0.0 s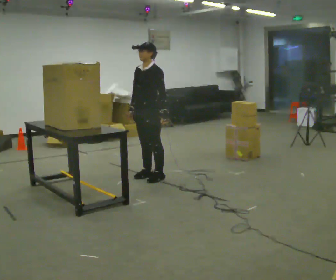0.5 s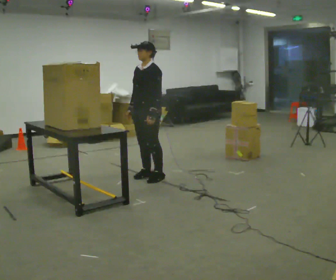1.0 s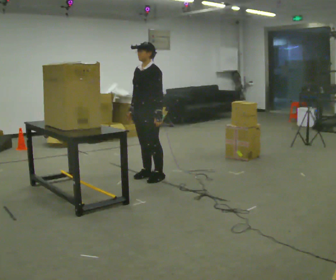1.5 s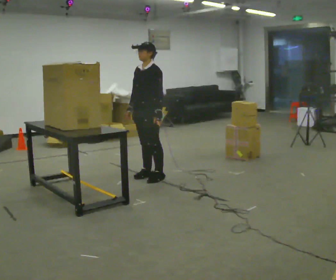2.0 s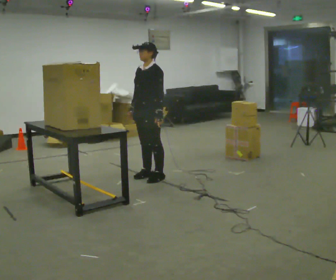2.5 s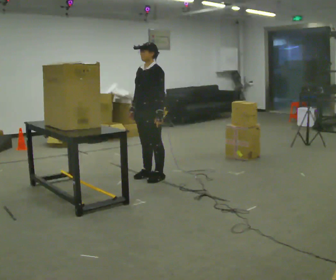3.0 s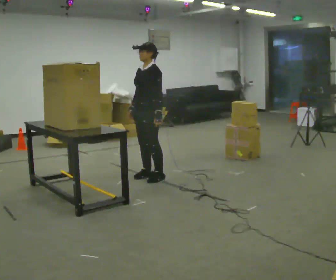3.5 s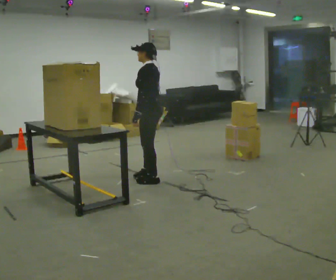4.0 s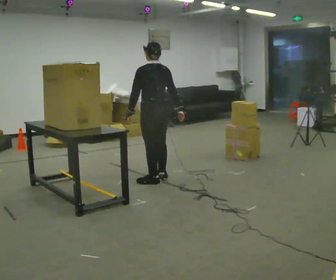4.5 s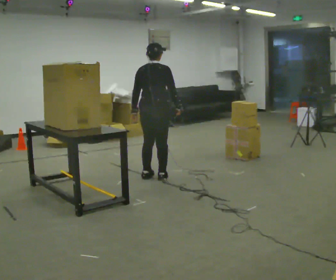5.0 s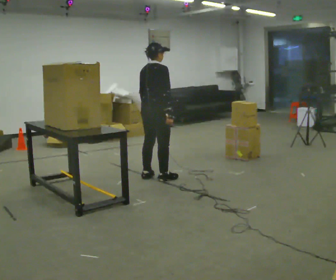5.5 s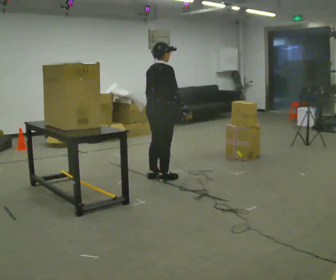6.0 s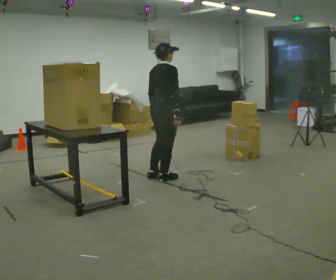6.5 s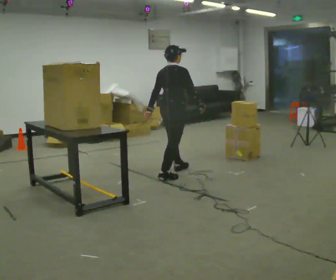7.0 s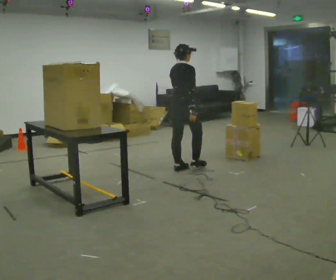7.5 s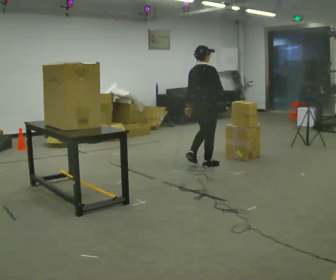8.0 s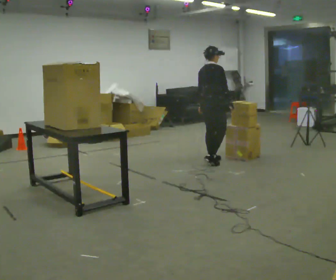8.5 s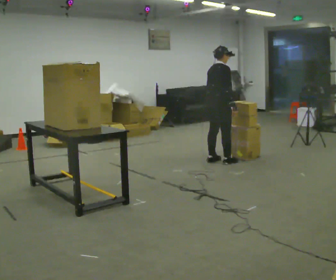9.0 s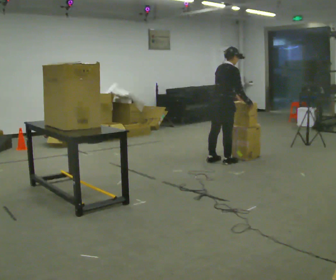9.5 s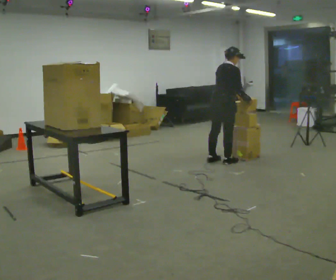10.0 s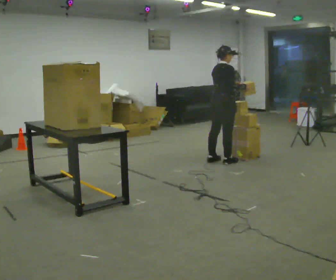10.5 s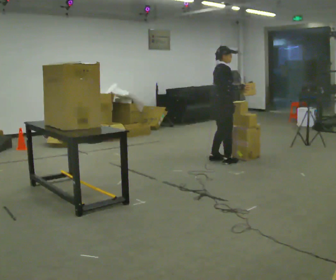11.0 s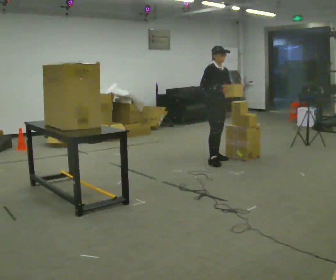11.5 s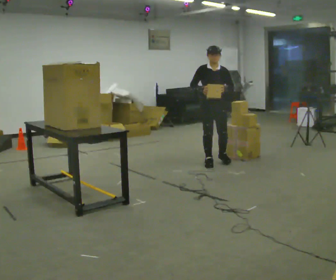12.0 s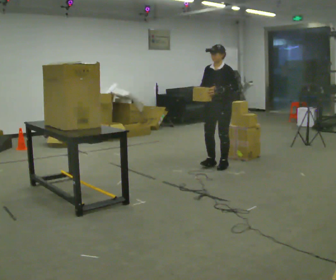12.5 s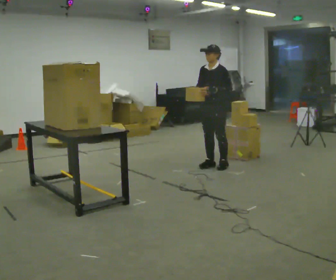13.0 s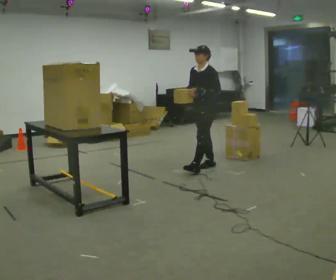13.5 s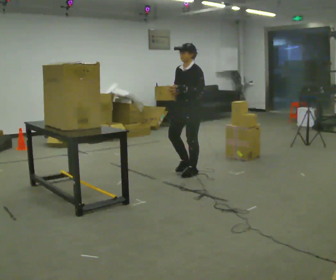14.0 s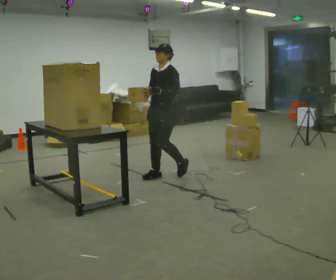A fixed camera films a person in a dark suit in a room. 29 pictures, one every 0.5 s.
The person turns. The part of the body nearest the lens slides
to the left.
The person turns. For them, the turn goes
to their right.
0.0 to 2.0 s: The person moves a little, or ends about where they began.
2.0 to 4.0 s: The person turns about 90 degrees to their right, clockwise seen from above, so the part of the body nearest the lens slides to the left. In the picture their right hand goes to the right, the arm swinging counterclockwise.
4.0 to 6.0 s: The part of the body nearest the lens slides to the left as the person turns to their right by about 90 degrees.
6.0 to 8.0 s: In the picture they go away from the camera and to the right, about 1 m in 3 steps, which for them is forward.
8.0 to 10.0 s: In the picture they go to the right, about 0.25 m in 1 step, which for them is forward. In the picture their left hand goes to the right.
10.0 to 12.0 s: Seen from above the body turns clockwise, about 165 degrees: to their right, with its near side sliding to the left. In the picture they go toward the camera, about 0.25 m in 2 steps. In the picture their right hand goes to the left.
12.0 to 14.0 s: In the picture they go to the left and toward the camera, about 1 m in 2 steps, which for them is forward.
The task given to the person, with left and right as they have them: Take an object from the waist-height shelf, carry it across the room, and place it on the highest shelf you can comfortably reach. Keep going until the operator says stop; one object at a time, and do not rush between trips.
The film runs forward here.
